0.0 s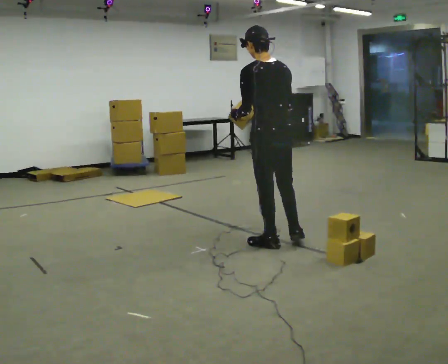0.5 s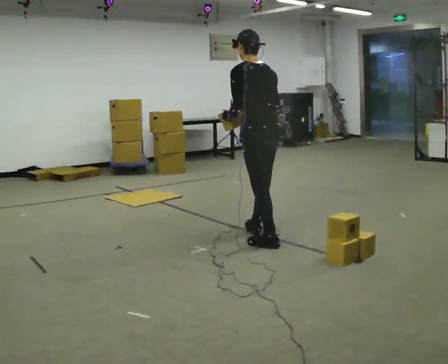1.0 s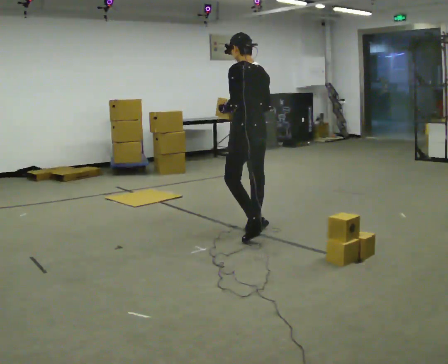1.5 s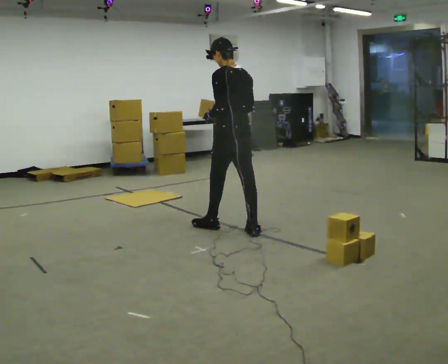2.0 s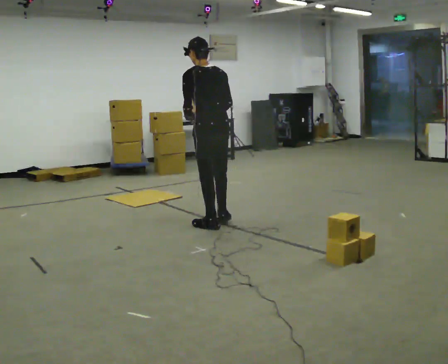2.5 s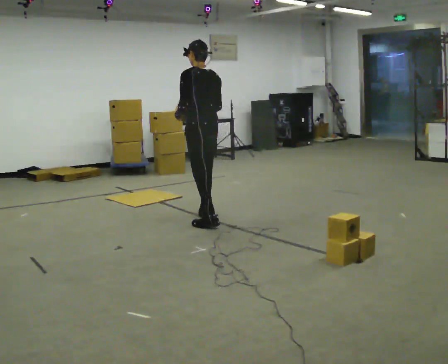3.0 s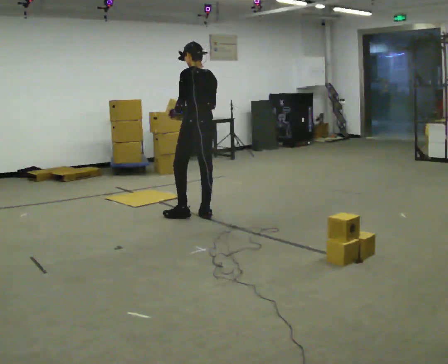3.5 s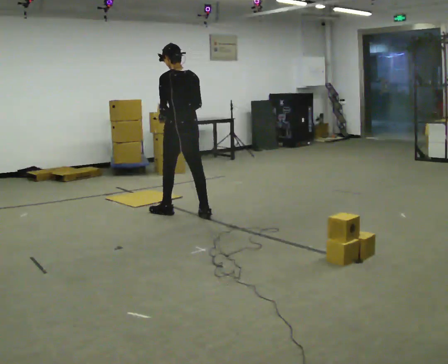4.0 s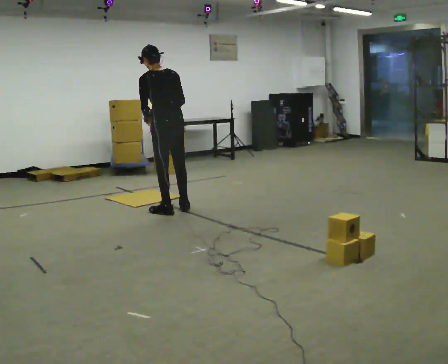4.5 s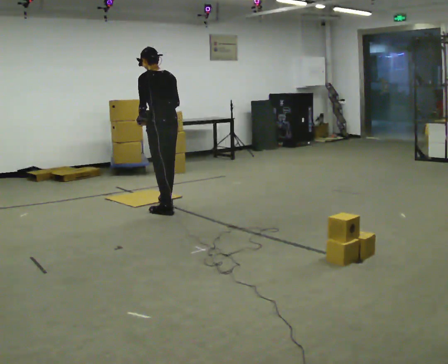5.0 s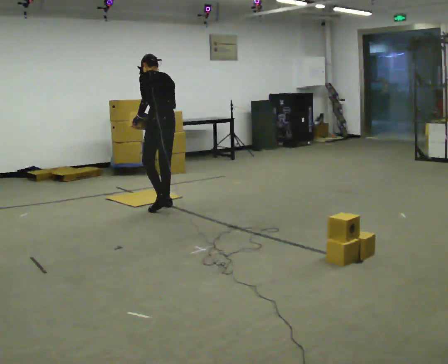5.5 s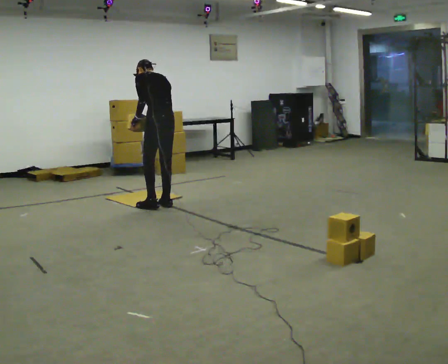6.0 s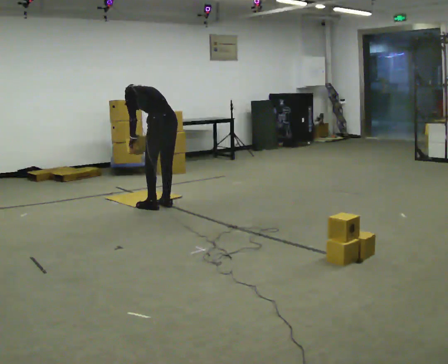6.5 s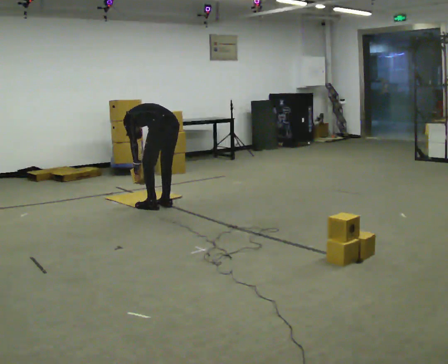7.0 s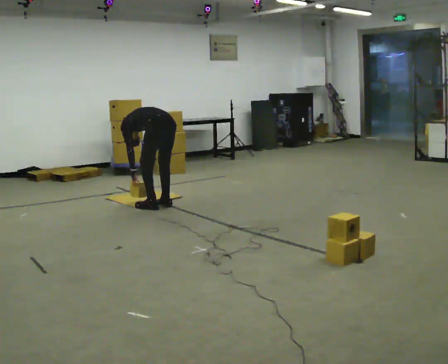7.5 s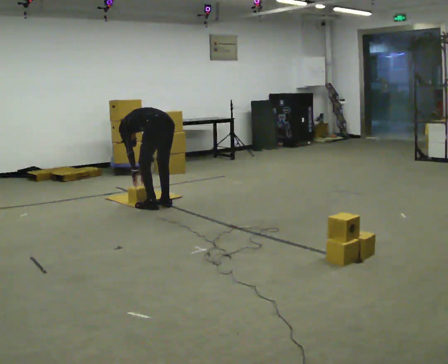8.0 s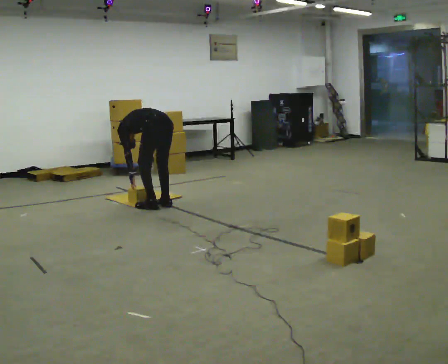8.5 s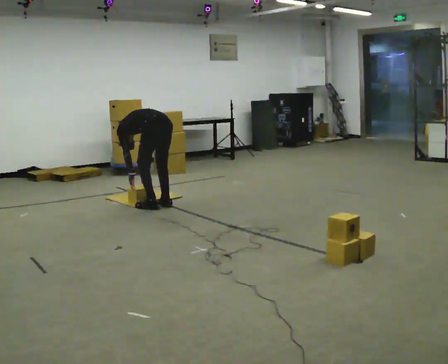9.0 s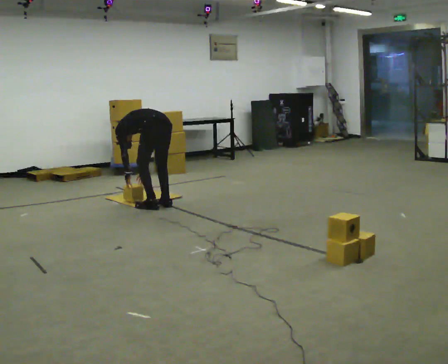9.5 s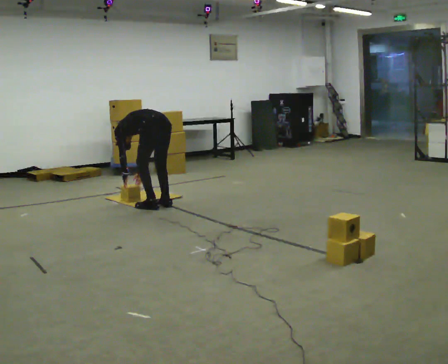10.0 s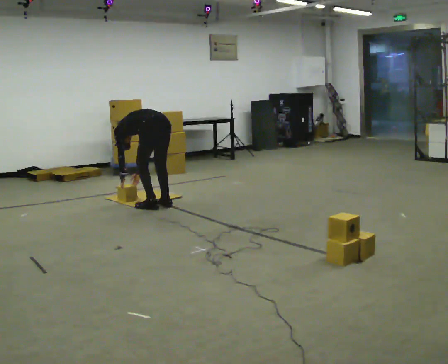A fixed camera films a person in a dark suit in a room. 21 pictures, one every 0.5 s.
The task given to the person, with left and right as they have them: Carry the boxes over one at a time and lay them out on the pallet in the pattern the operator shows you. Keep going until the operator says stop; one object at a time, and do not rush between trips.
0.0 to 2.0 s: In the picture they go away from the camera and to the left, about 1 m in 2 steps, which for them is forward.
2.0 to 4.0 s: In the picture they go away from the camera and to the left, about 0.75 m in 2 steps, which for them is forward.
4.0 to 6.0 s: In the picture they go away from the camera, about 0.25 m in 2 steps, which for them is forward and to their right. The upper body goes downward. The upper body tips away from the camera, its near side rolling upward, as they bend forward.
6.0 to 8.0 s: The upper body goes downward. The upper body tips away from the camera, its near side rolling upward, as they bend forward. In the picture their left hand goes downward.
8.0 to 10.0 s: The person moves a little, or ends about where they began.
The film runs forward here.
